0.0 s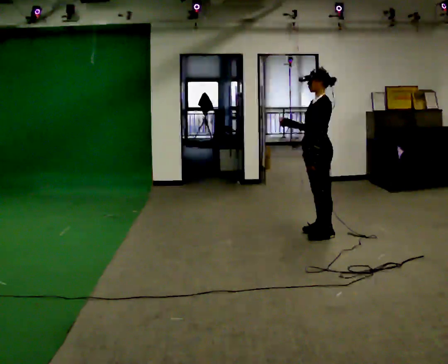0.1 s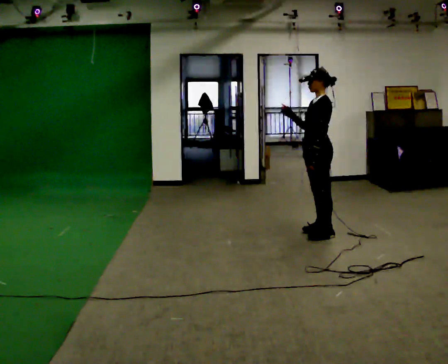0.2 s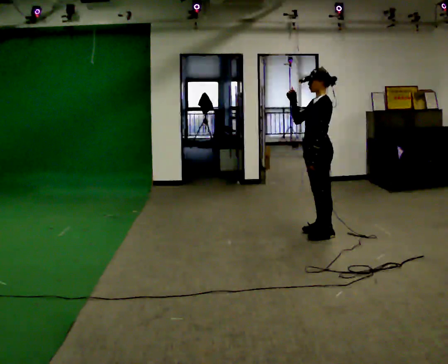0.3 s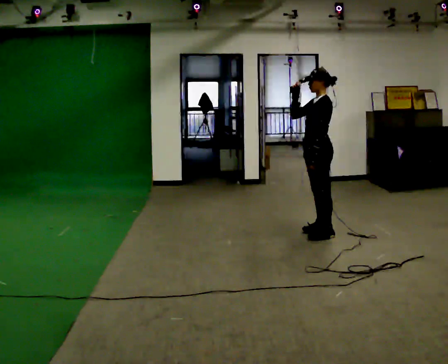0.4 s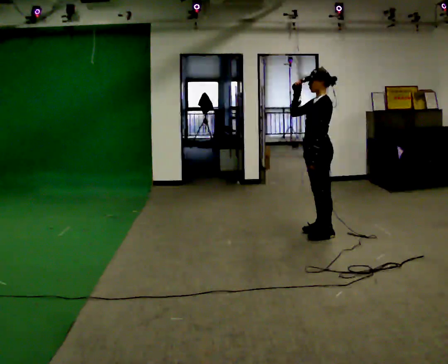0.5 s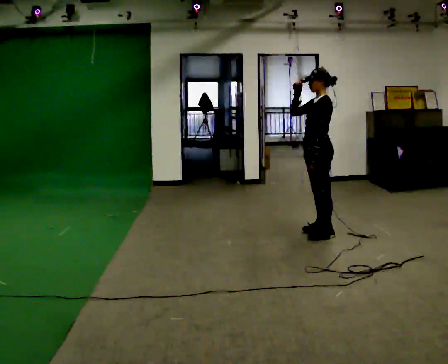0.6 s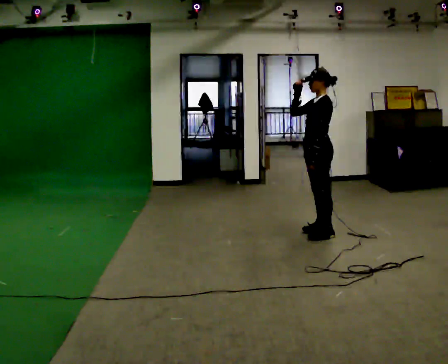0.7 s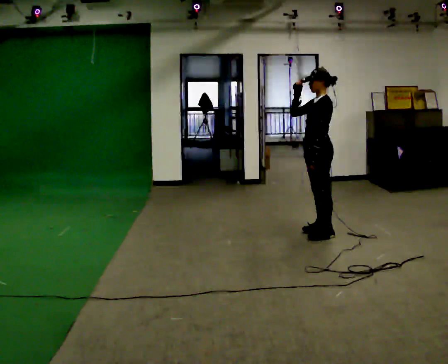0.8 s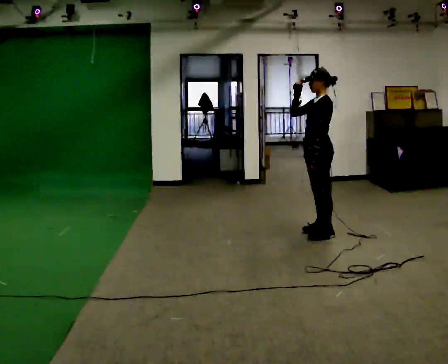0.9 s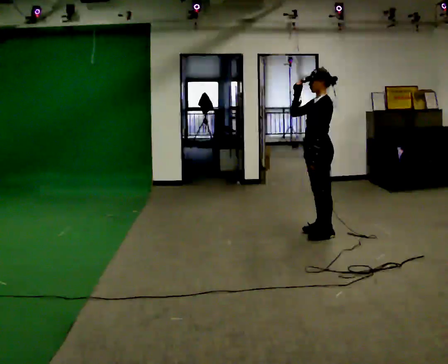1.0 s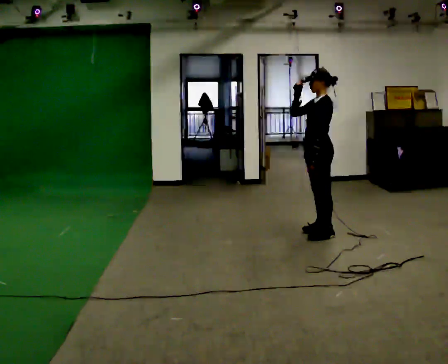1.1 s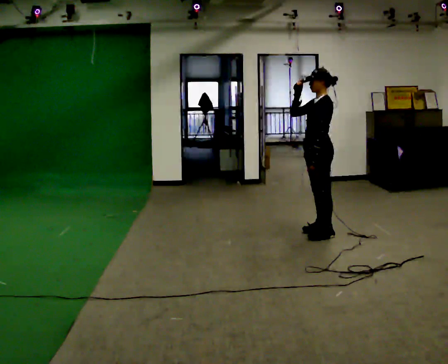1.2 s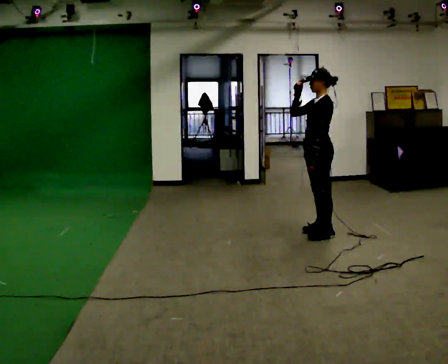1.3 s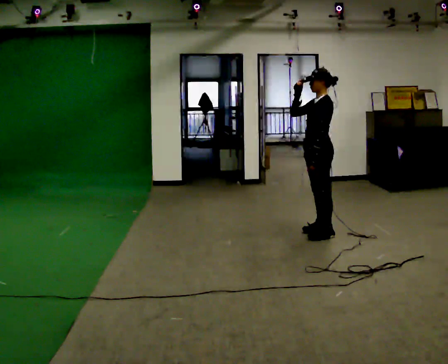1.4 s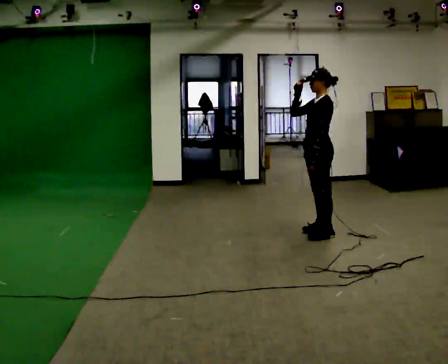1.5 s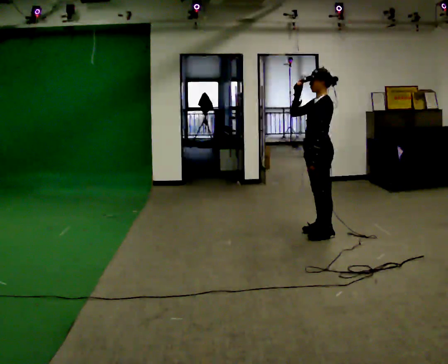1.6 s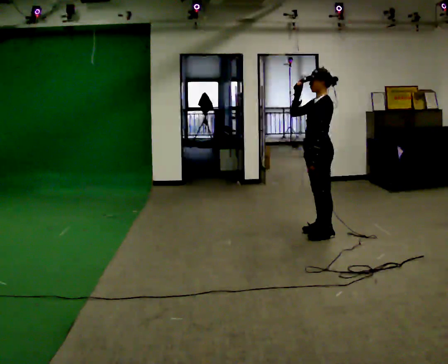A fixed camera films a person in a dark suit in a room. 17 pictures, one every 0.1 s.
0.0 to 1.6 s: In the picture their right hand goes upward.
The film runs backward here.
